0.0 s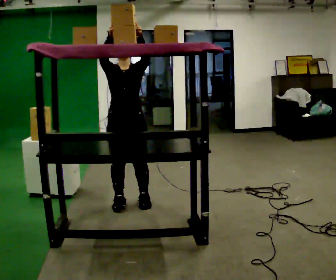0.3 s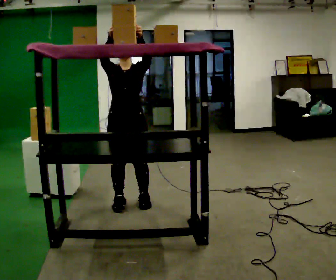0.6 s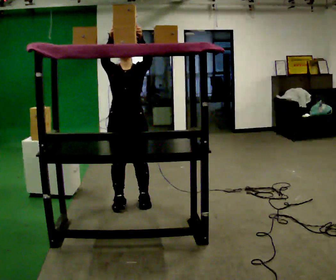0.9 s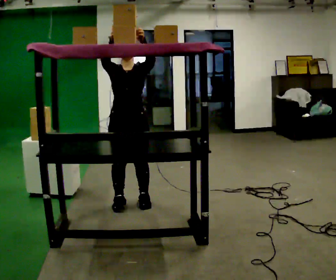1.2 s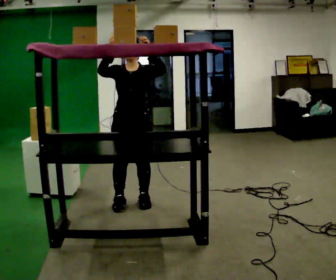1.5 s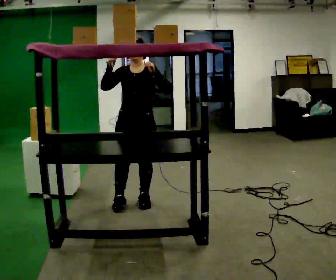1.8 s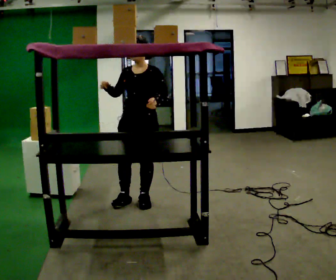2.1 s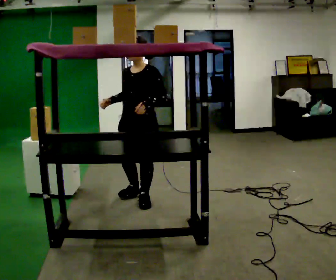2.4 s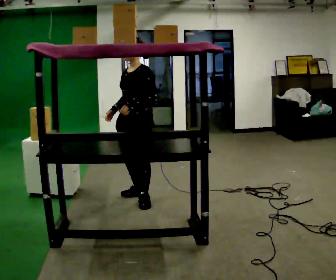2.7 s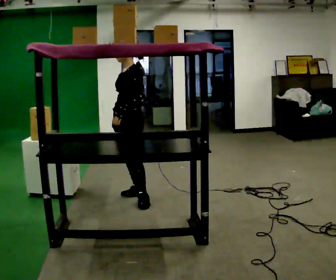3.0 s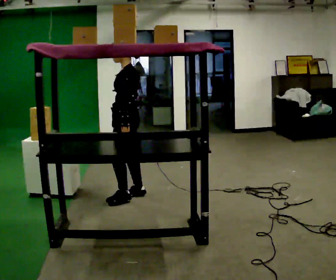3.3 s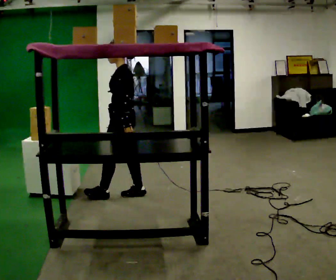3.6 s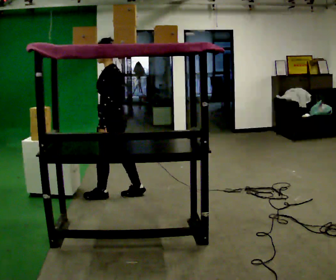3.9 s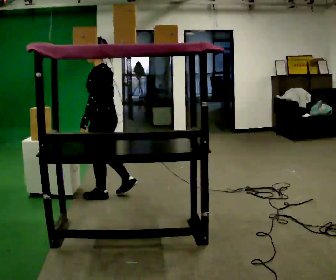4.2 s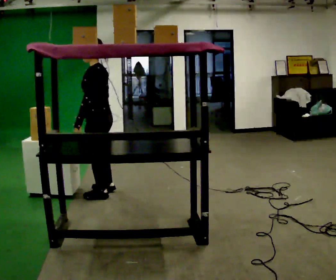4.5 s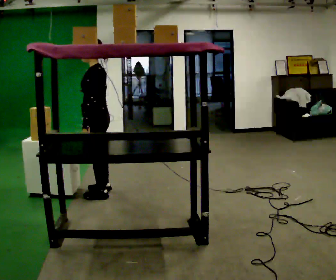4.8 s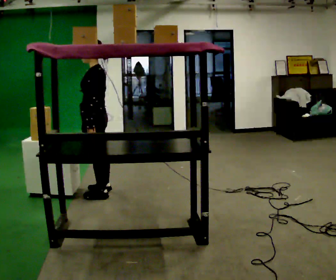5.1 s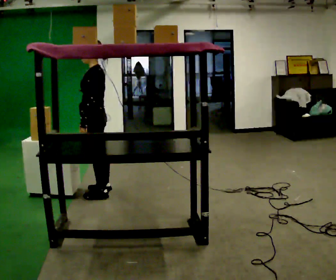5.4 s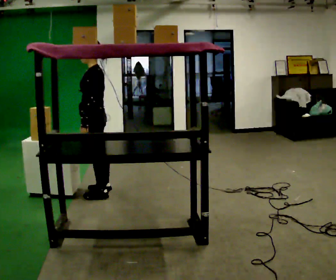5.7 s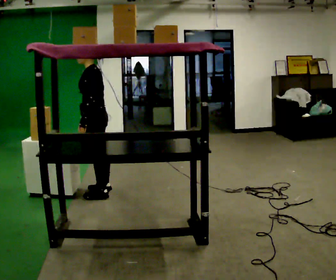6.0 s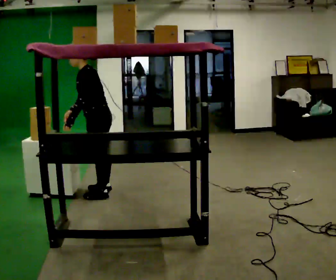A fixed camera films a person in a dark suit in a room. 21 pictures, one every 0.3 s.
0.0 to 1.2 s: The person moves a little, or ends about where they began.
1.2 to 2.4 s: Seen from above the body turns clockwise, about 45 degrees: to their right, with its near side sliding to the left. In the picture their right hand goes downward.
2.4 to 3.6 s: The part of the body nearest the lens slides to the left as the person turns to their right by about 45 degrees. In the picture they go to the left, about 0.25 m in 1 step, which for them is forward and to their right.
3.6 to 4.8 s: In the picture they go to the left, about 0.25 m in 1 step, which for them is forward.
4.8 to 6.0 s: In the picture the upper body tilts counterclockwise, shoulders to the left, as they bend forward.
The film runs forward here.
